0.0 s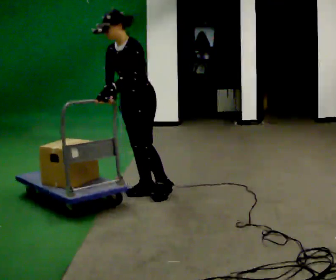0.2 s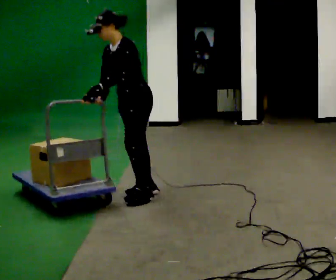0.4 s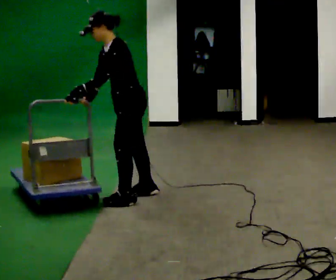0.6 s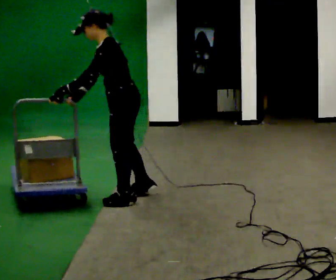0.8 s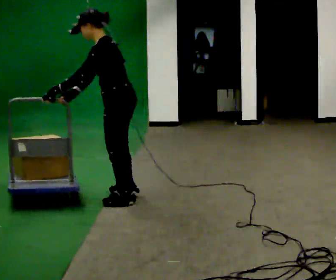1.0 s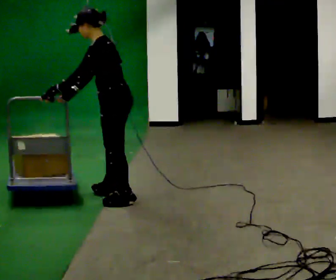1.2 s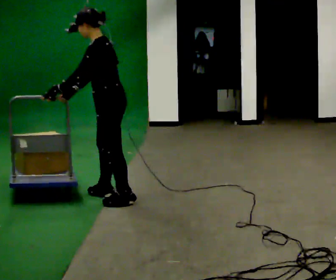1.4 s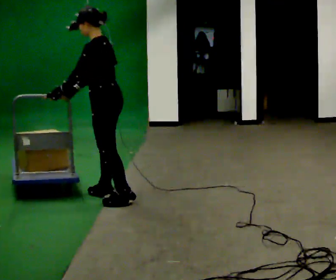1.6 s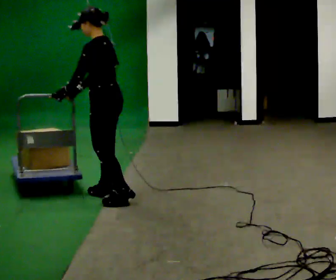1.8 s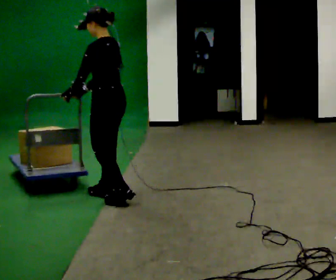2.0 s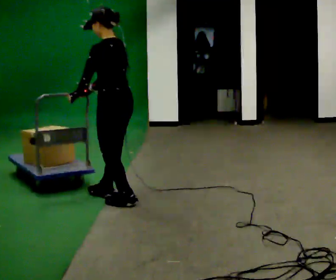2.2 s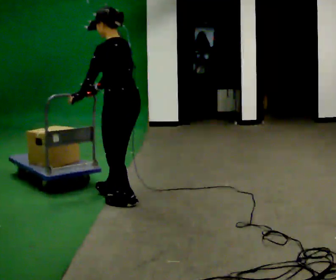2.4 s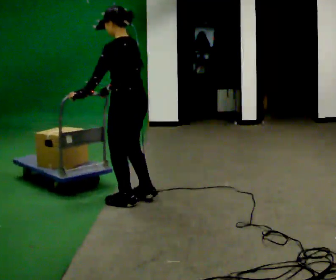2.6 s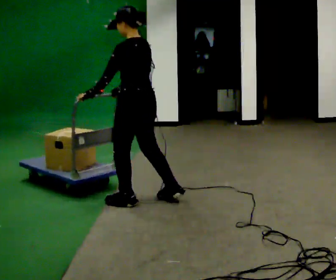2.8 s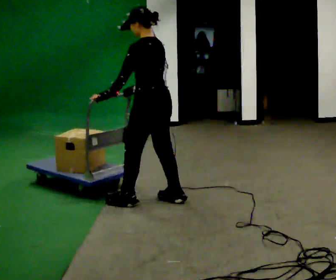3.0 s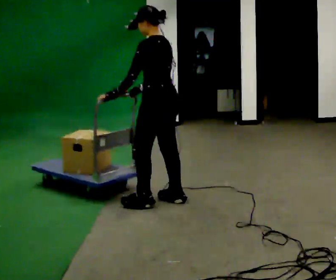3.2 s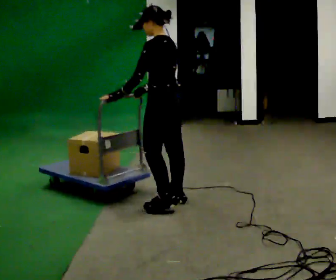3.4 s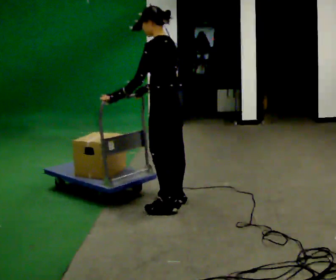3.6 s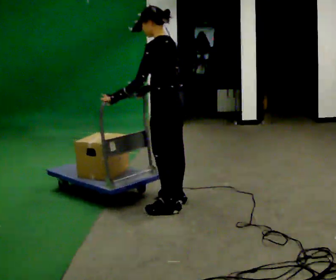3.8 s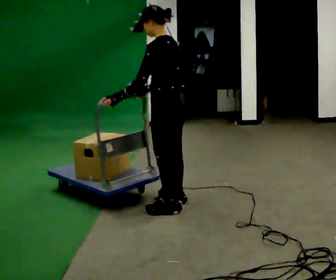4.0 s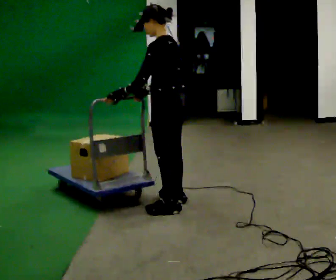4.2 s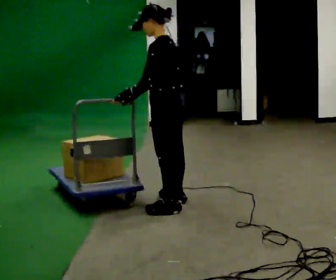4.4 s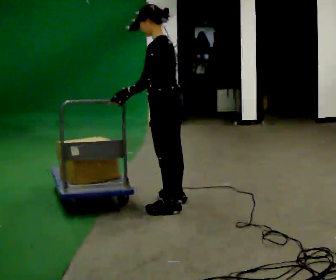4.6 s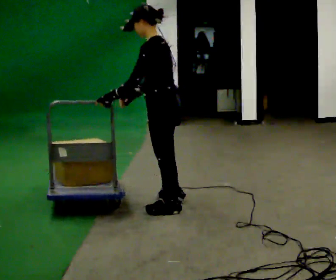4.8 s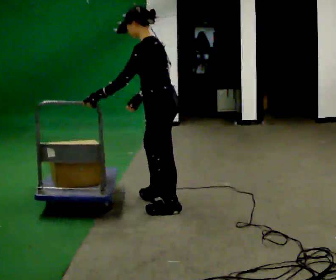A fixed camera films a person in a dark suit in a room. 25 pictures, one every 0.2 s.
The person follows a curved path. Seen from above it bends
counterclockwise.
0.0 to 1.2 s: The person turns about 45 degrees to their right, clockwise seen from above, so the part of the body nearest the lens slides to the left. In the picture they go to the left, about 0.25 m in 2 steps, which for them is forward and to their left.
1.2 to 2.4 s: The person turns about 30 degrees to their right, clockwise seen from above, so the part of the body nearest the lens slides to the left. In the picture they go to the right, about 0.25 m, which for them is backward. In the picture their right hand goes to the right.
2.4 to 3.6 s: In the picture they go to the right, about 0.25 m in 2 steps, which for them is backward.
3.6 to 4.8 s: The person moves a little, or ends about where they began.
The film runs forward here.
